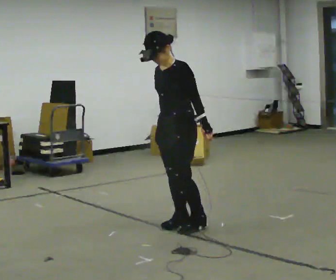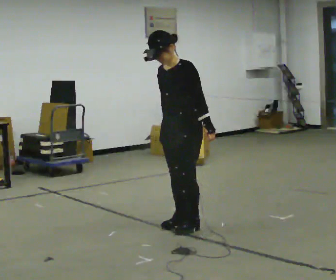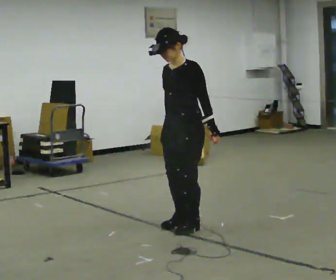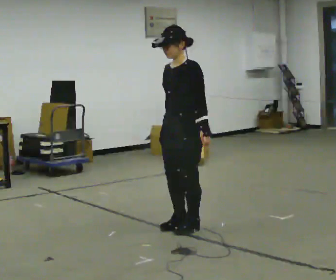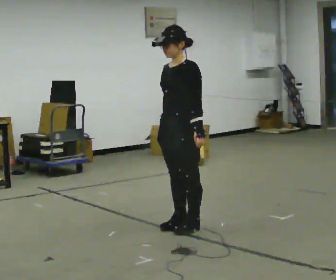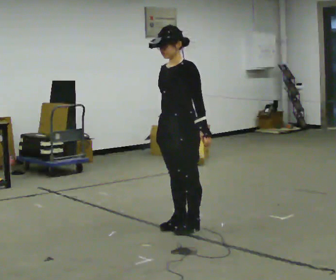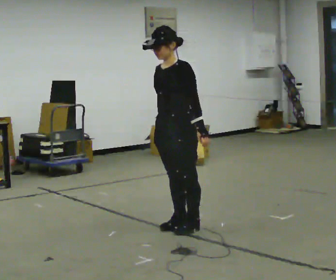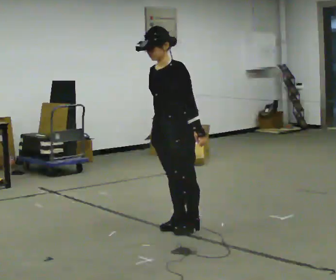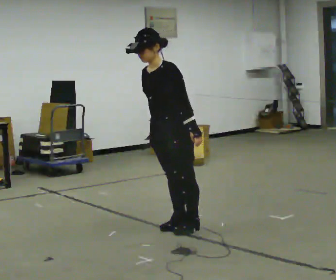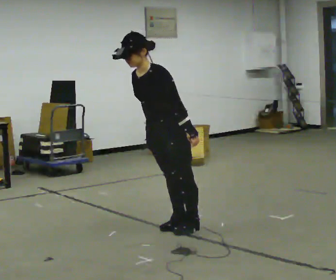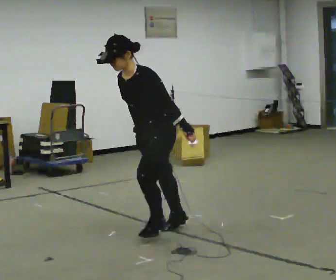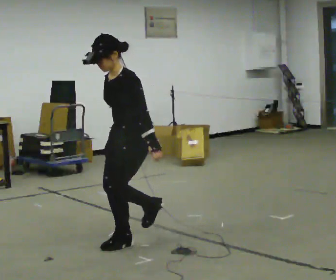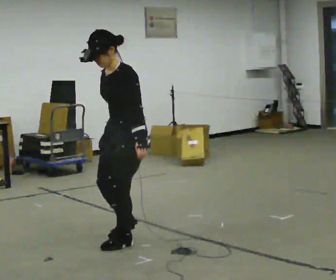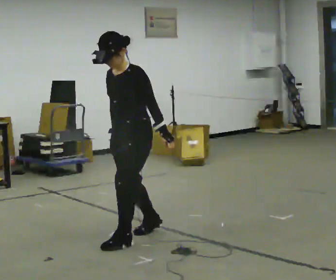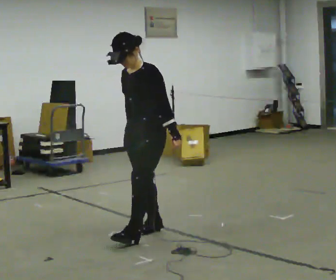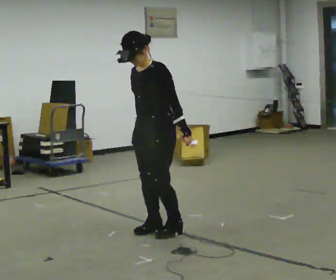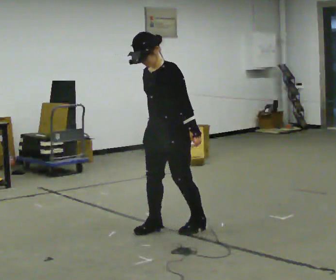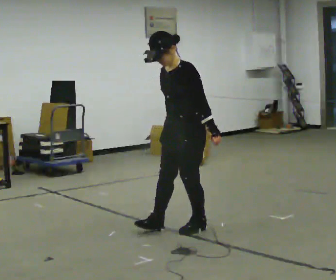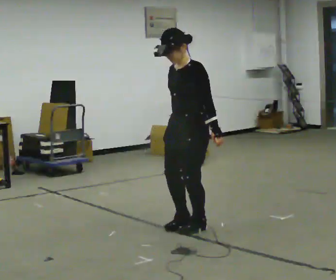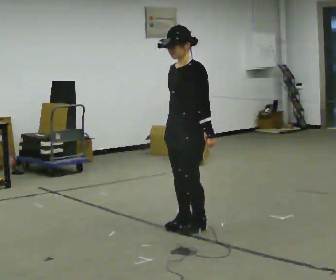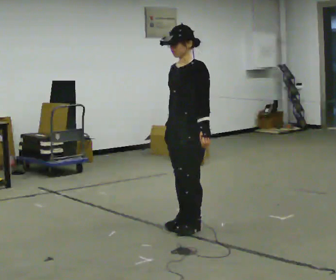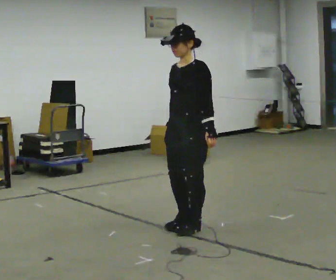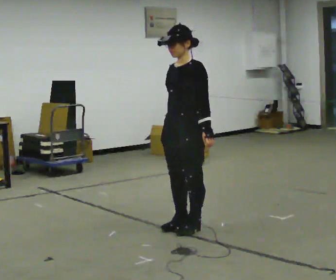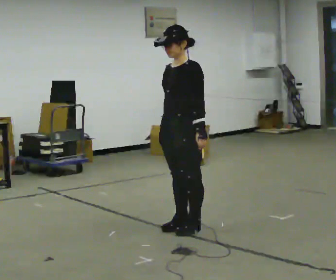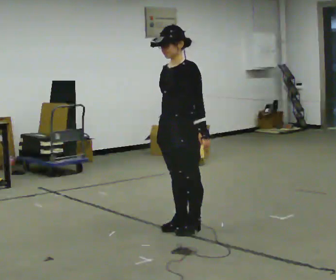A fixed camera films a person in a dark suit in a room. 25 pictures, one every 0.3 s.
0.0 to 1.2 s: The person moves a little, or ends about where they began.
1.2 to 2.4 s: In the picture the upper body tilts counterclockwise, shoulders to the left, as they bend forward.
2.4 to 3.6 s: In the picture they go to the left and toward the camera, about 0.5 m in 1 step, which for them is forward.
3.6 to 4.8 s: In the picture they go away from the camera and to the right, about 0.5 m in 2 steps, which for them is backward.
4.8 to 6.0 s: In the picture they go to the right, about 0.25 m in 1 step, which for them is backward.
6.0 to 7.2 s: The person moves a little, or ends about where they began.
The film runs forward here.
